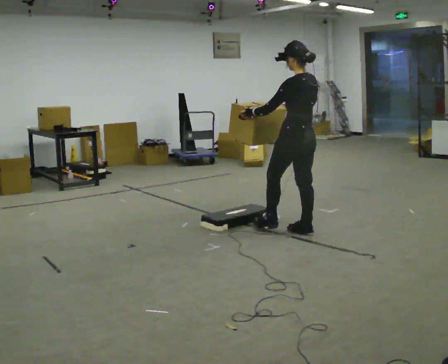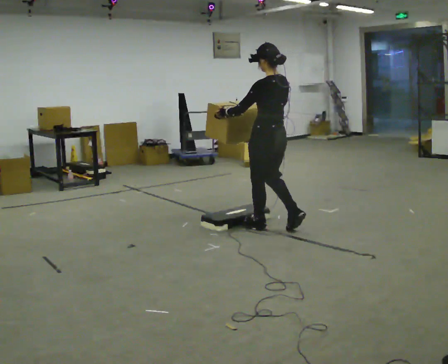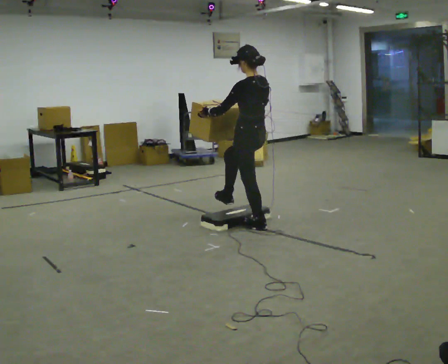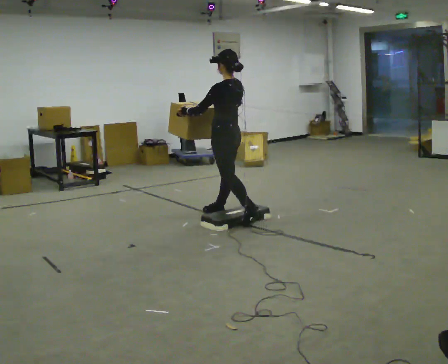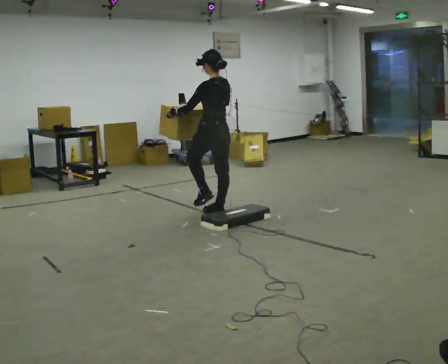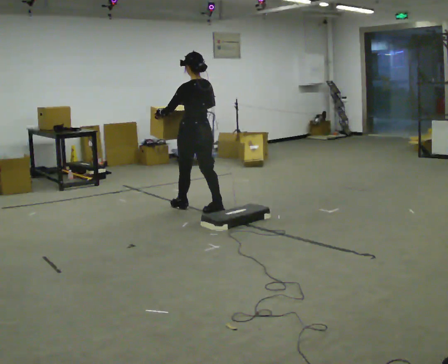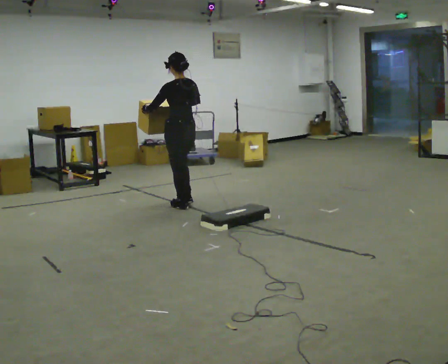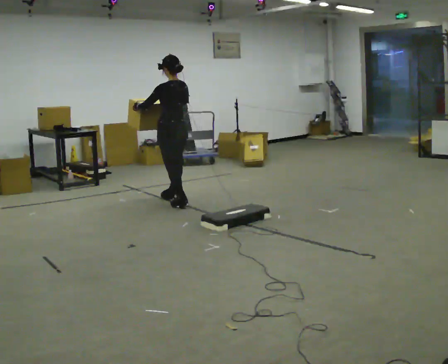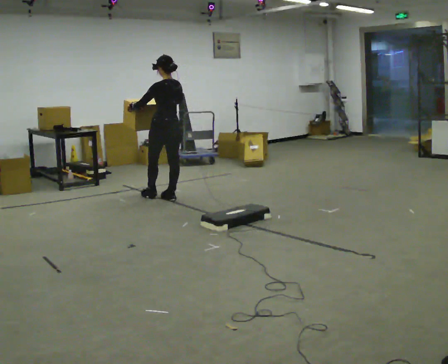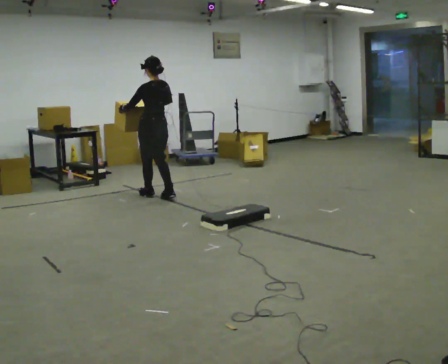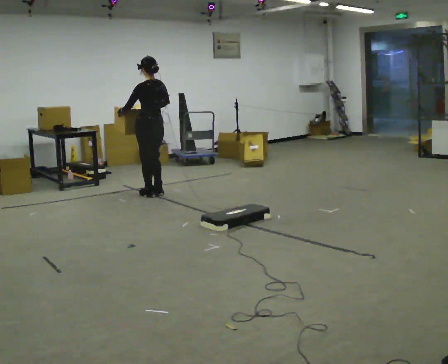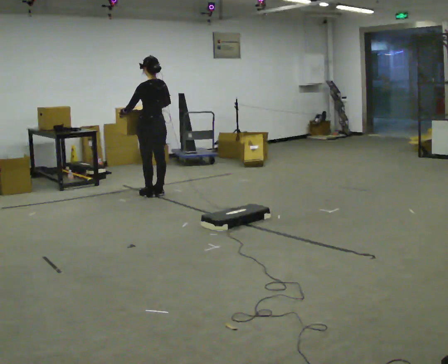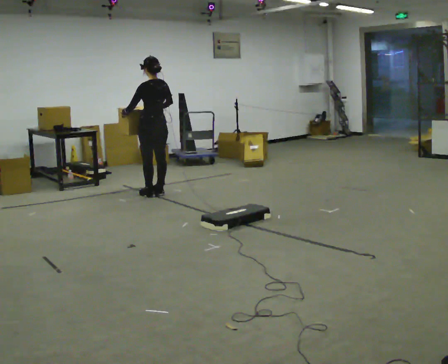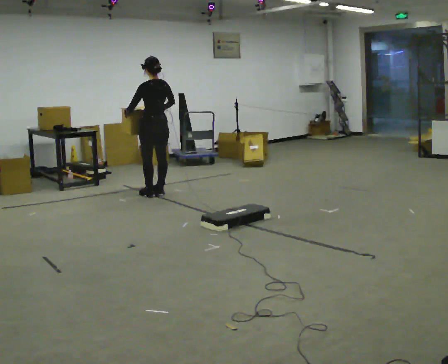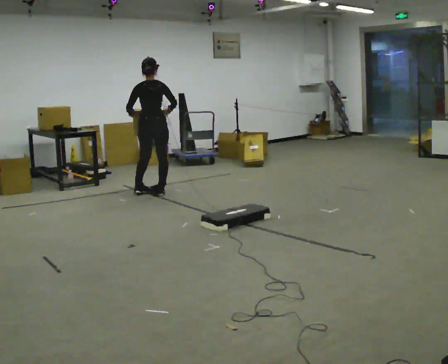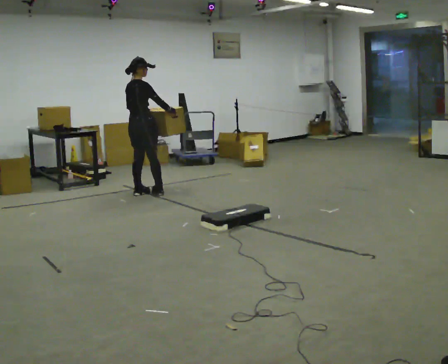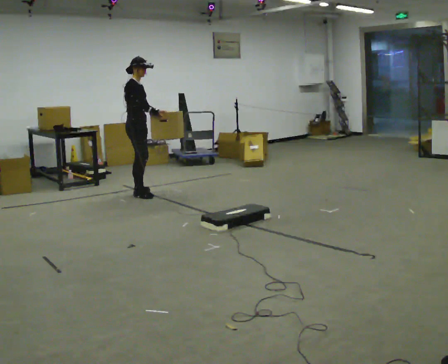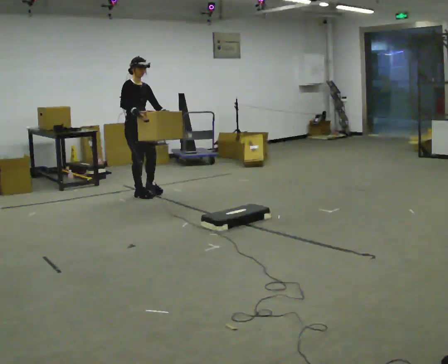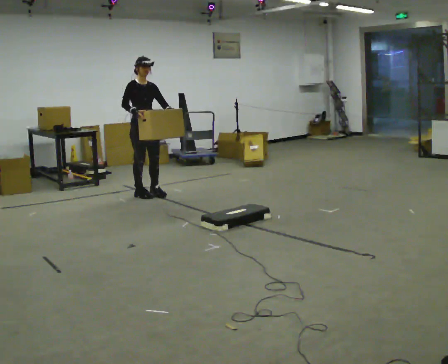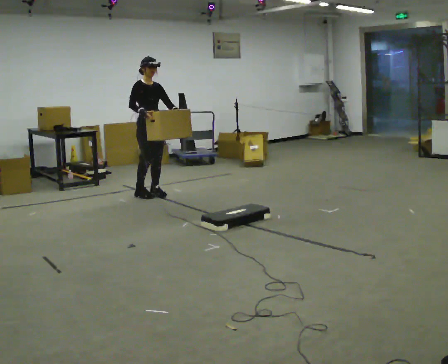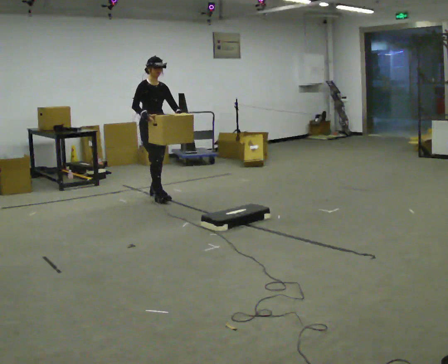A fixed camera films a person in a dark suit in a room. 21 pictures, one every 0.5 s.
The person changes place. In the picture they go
away from the camera.
0.0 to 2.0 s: In the picture they go away from the camera and to the left, about 1 m in 2 steps, which for them is forward.
2.0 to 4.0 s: In the picture they go away from the camera and to the left, about 1 m in 2 steps, which for them is forward.
4.0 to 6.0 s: In the picture they go away from the camera, about 0.25 m in 2 steps, which for them is forward.
6.0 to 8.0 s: The person turns about 135 degrees to their right, clockwise seen from above, so the part of the body nearest the lens slides to the left. In the picture they go to the left, about 0.25 m in 2 steps.
8.0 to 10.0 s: The person turns about 45 degrees to their right, clockwise seen from above, so the part of the body nearest the lens slides to the left. In the picture they go to the right, about 0.25 m in 1 step, which for them is forward and to their left.
The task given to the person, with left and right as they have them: Carry the box over the low sill without stopping, then bring it back over. Keep going until the operator says stop; one object at a time, and do not rush between trips.
The film runs forward here.
